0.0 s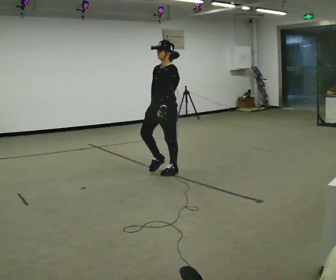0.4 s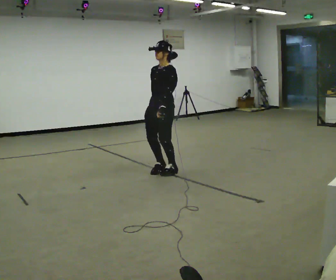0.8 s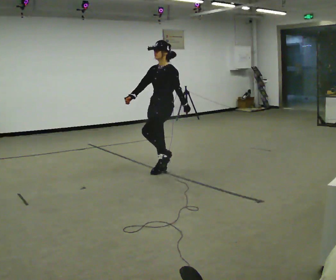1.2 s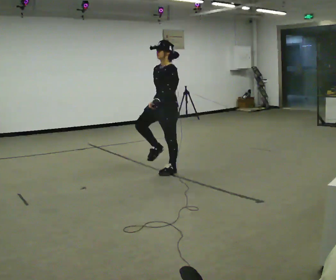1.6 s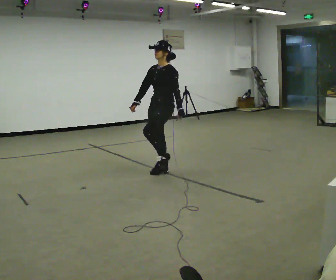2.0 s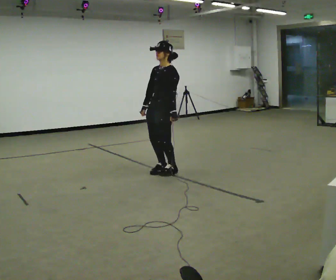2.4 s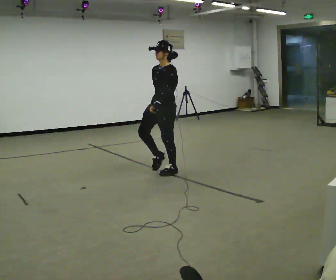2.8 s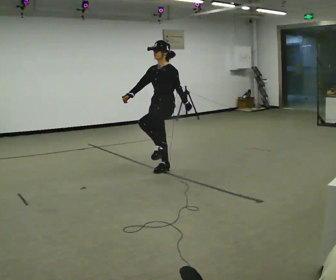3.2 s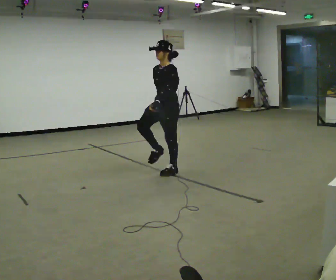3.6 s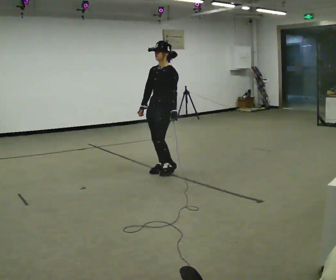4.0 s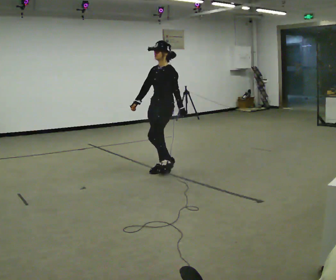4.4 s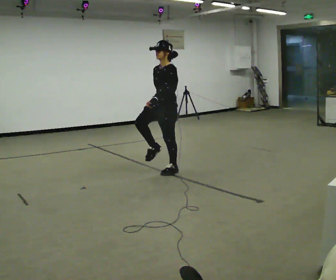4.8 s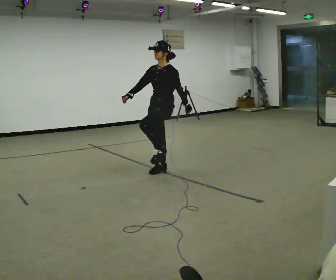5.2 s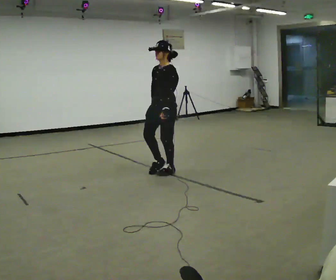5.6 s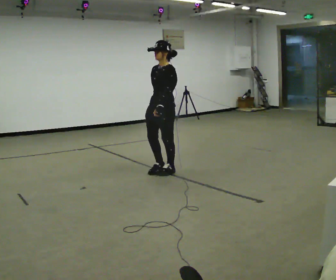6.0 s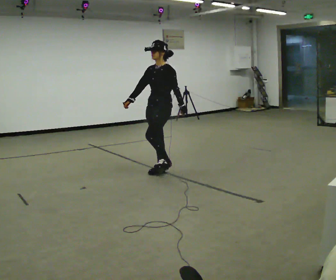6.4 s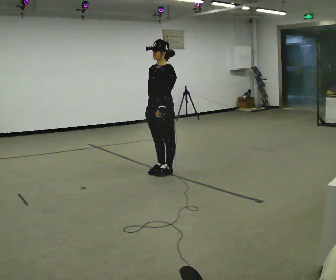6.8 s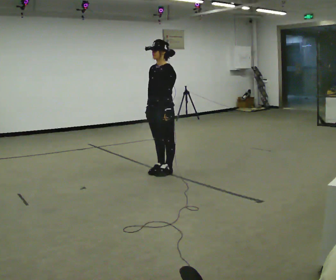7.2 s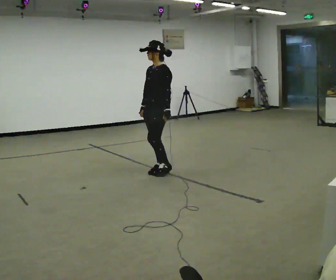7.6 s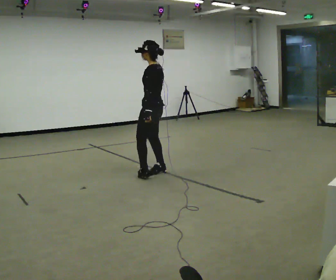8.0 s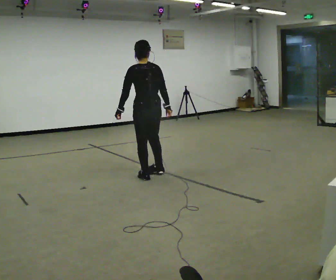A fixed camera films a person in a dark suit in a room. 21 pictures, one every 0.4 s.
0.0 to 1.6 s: The person moves a little, or ends about where they began.
1.6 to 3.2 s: In the picture their right hand goes to the right.
3.2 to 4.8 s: In the picture their right hand goes to the left.
4.8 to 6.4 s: The person moves a little, or ends about where they began.
6.4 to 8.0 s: The part of the body nearest the lens slides to the left as the person turns to their right by about 120 degrees. In the picture they go toward the camera, about 0.25 m in 1 step. In the picture their left hand goes to the left.
The film runs forward here.
